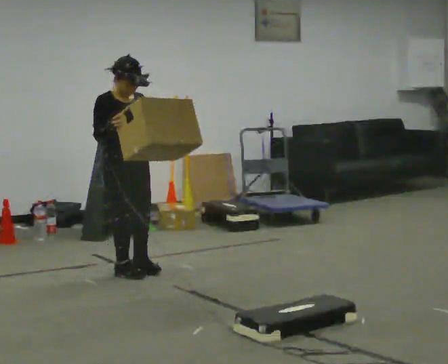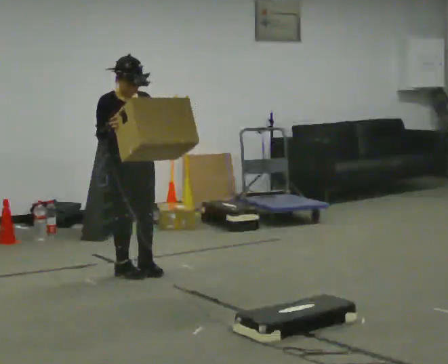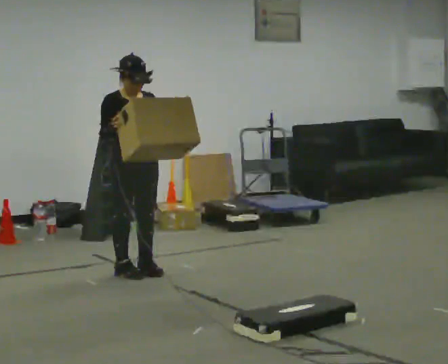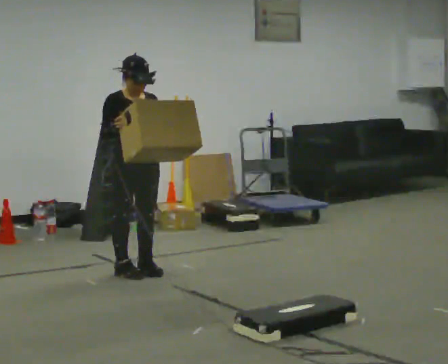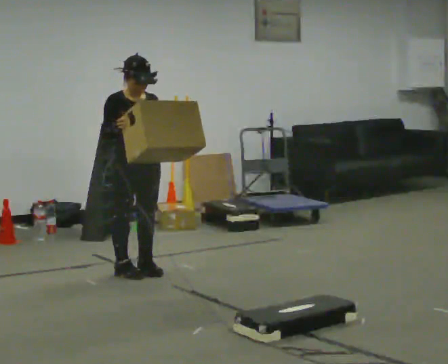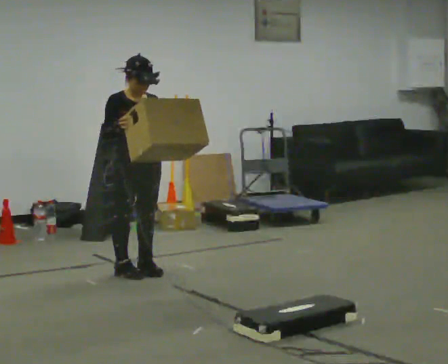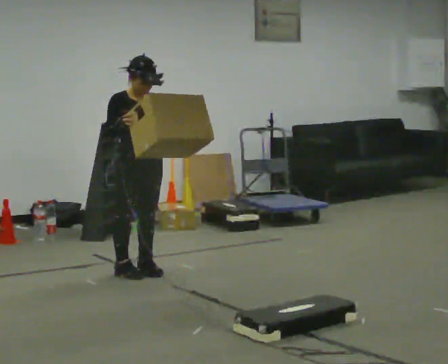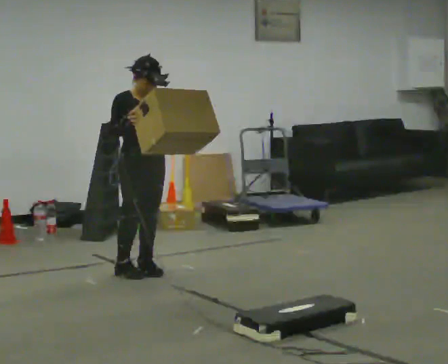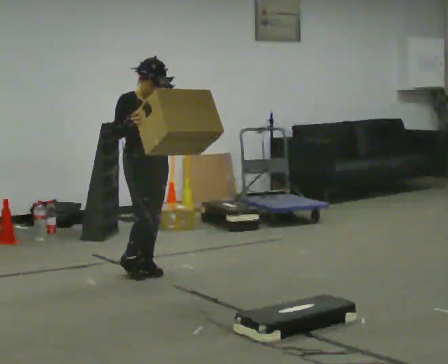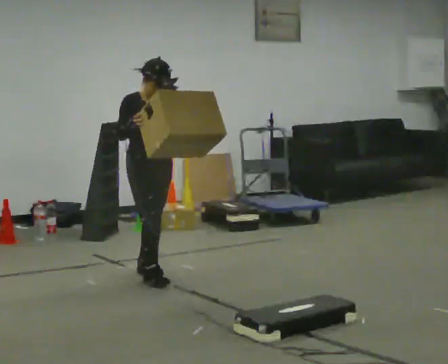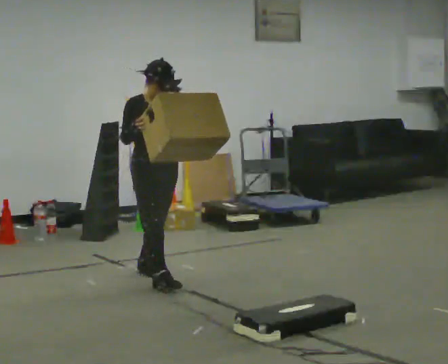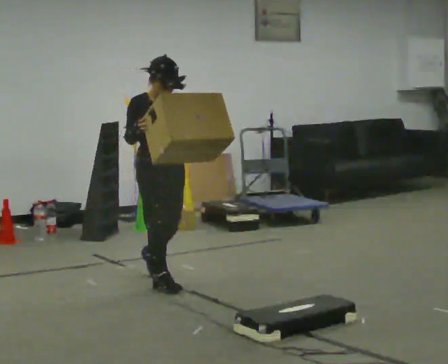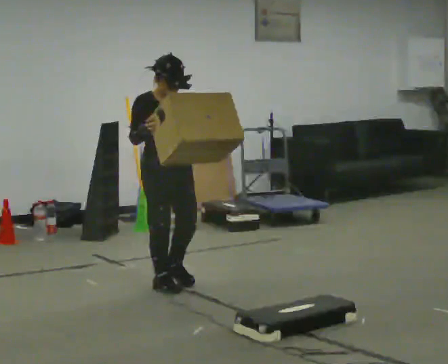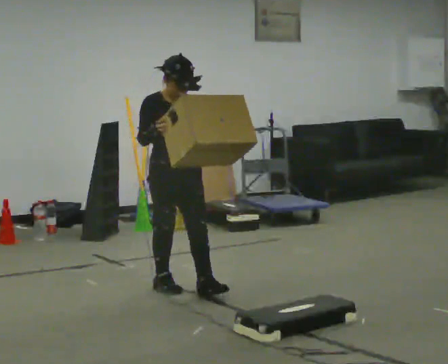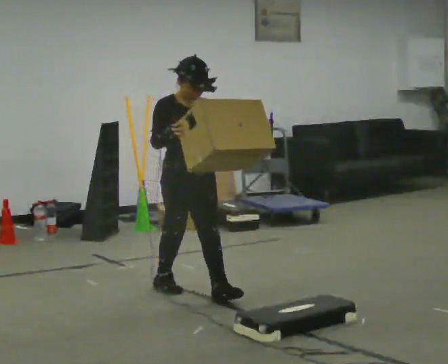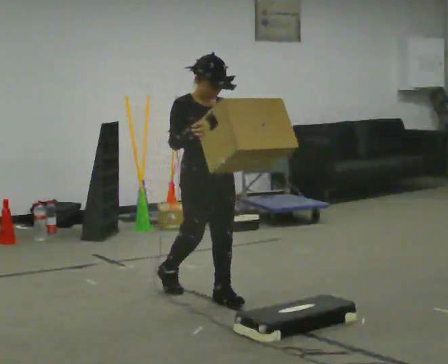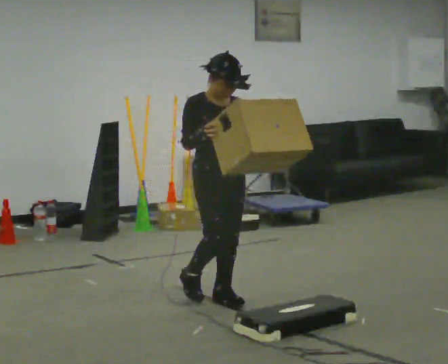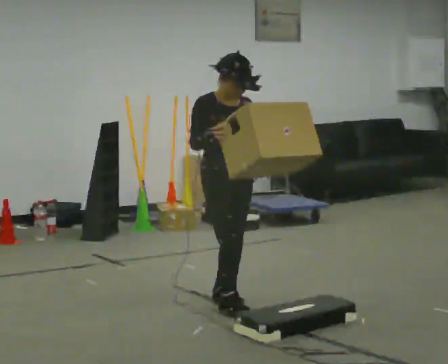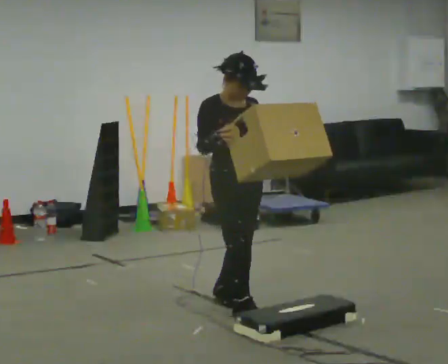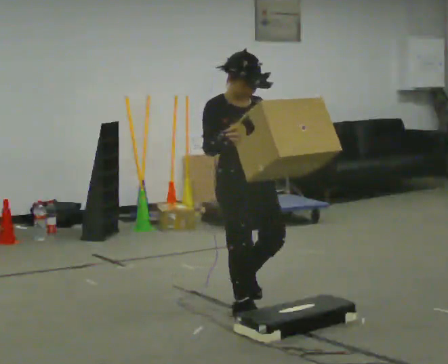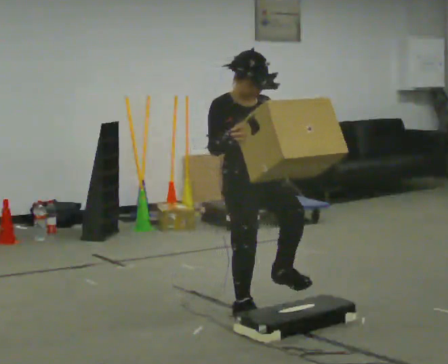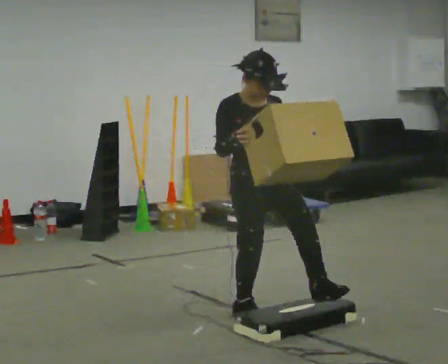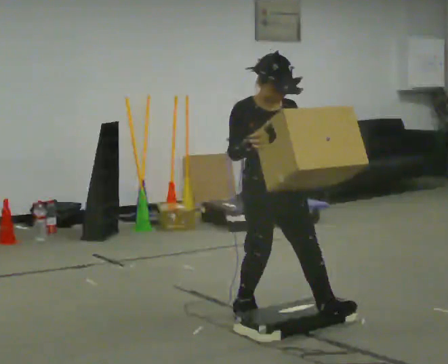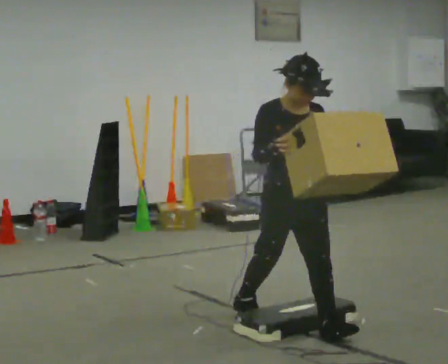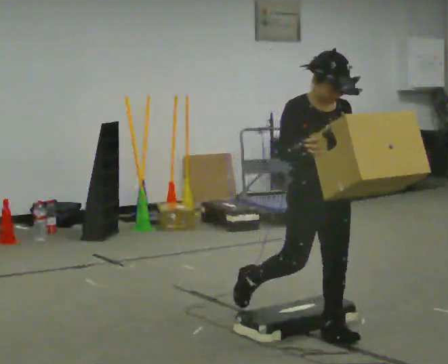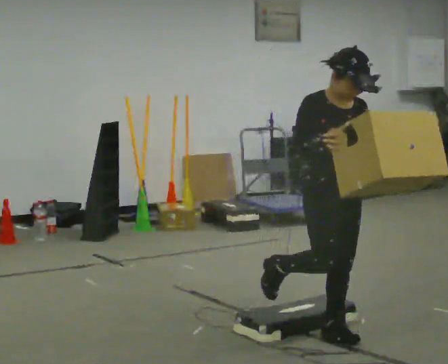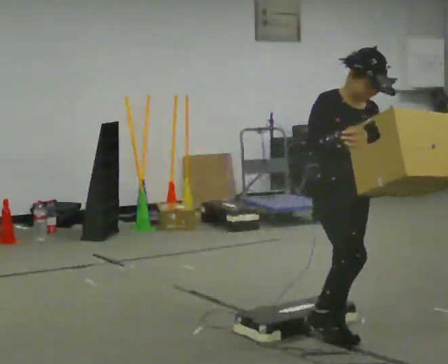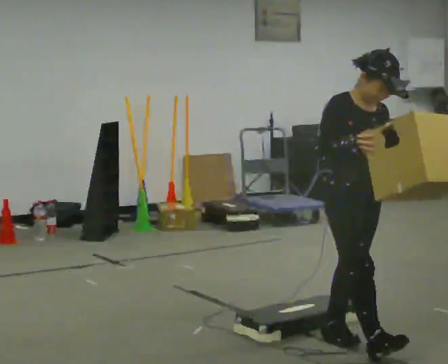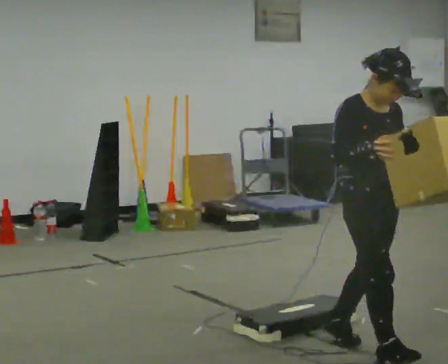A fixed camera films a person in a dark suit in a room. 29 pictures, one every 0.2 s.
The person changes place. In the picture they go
toward the camera.
0.0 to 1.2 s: The person moves a little, or ends about where they began.
1.2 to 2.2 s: In the picture they go toward the camera, about 0.25 m in 1 step, which for them is forward.
2.2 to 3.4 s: In the picture they go toward the camera and to the right, about 0.75 m in 1 step, which for them is forward.
3.4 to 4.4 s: In the picture they go toward the camera and to the right, about 0.5 m in 2 steps, which for them is forward.
4.4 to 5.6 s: In the picture they go toward the camera and to the right, about 0.75 m in 1 step, which for them is forward.
The film runs forward here.
